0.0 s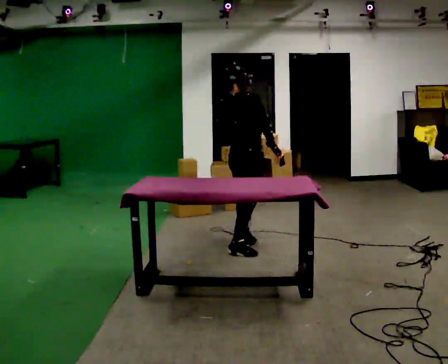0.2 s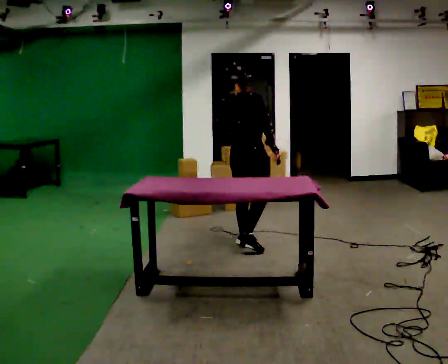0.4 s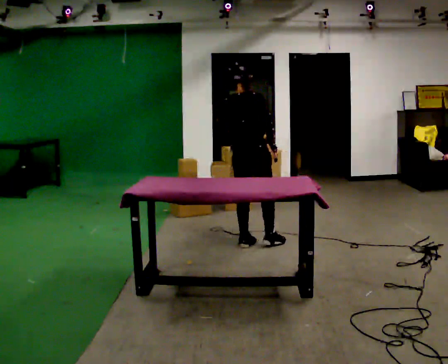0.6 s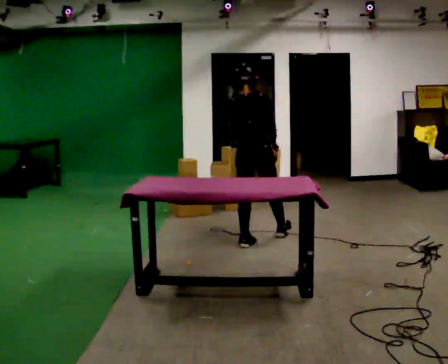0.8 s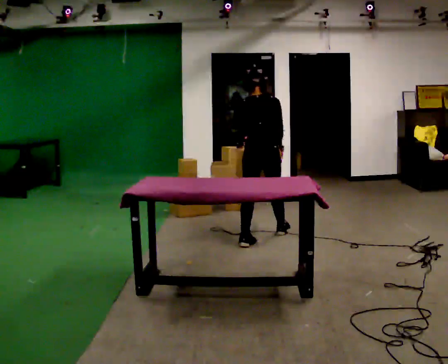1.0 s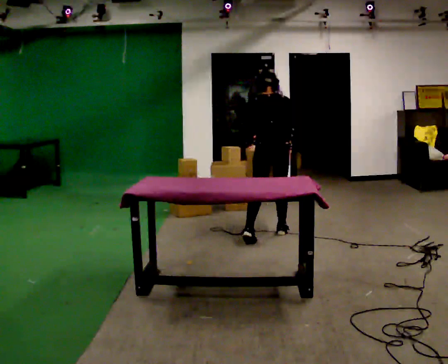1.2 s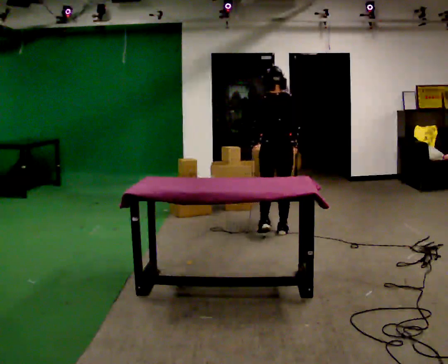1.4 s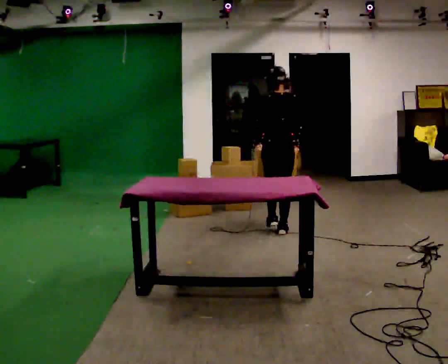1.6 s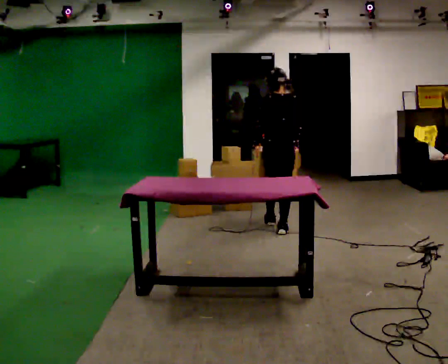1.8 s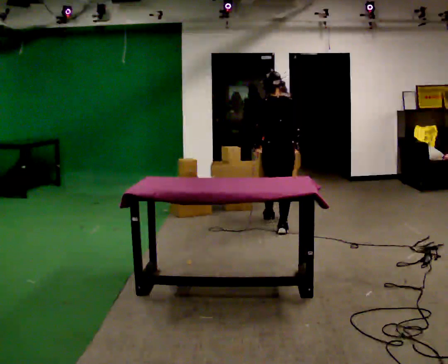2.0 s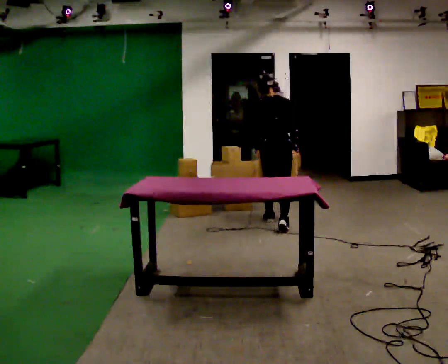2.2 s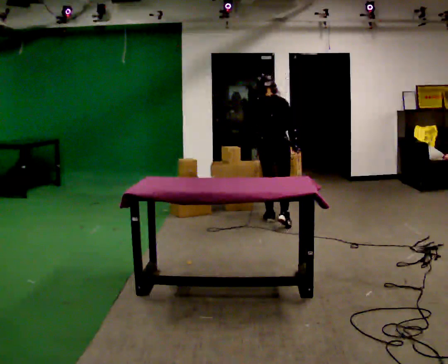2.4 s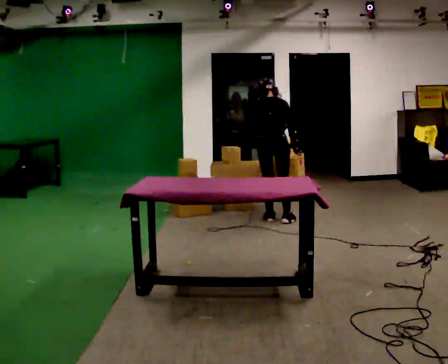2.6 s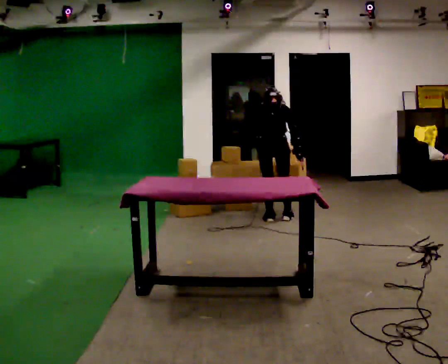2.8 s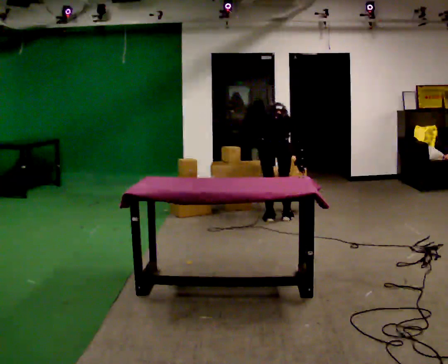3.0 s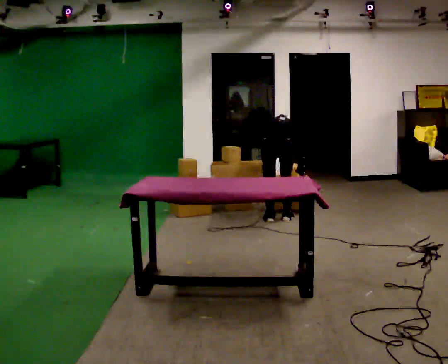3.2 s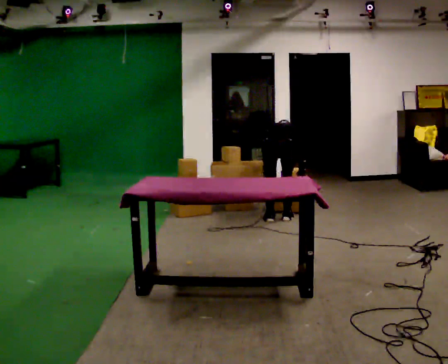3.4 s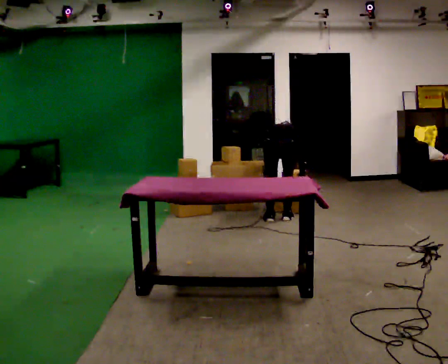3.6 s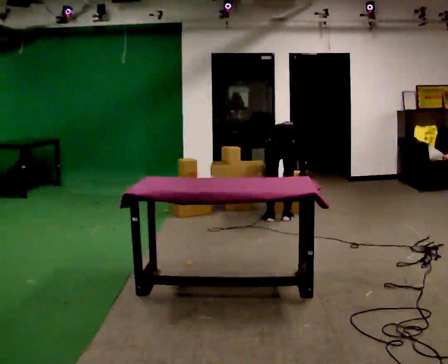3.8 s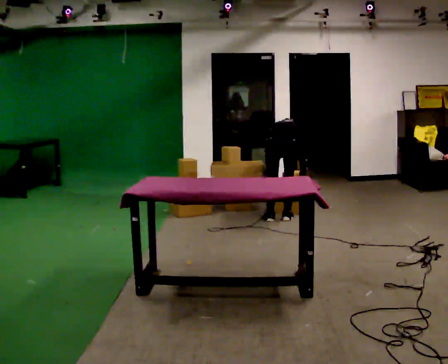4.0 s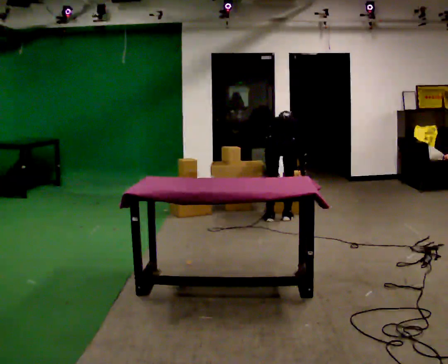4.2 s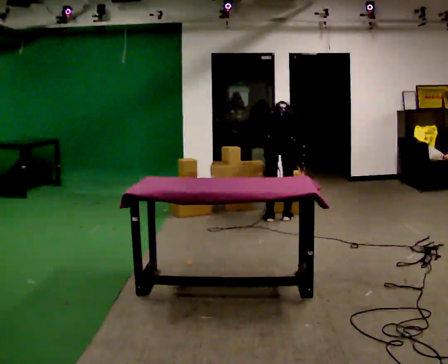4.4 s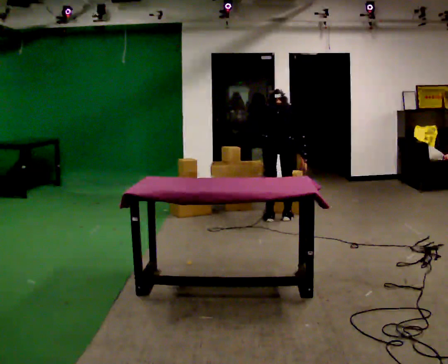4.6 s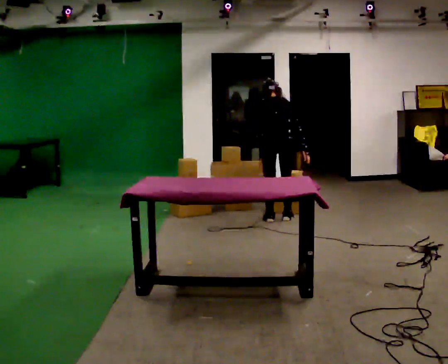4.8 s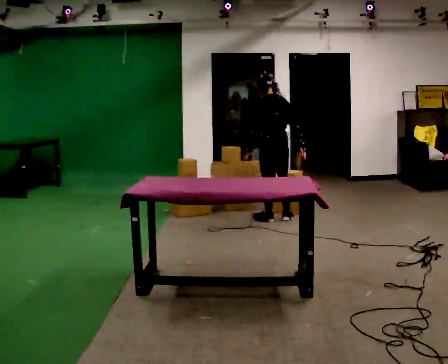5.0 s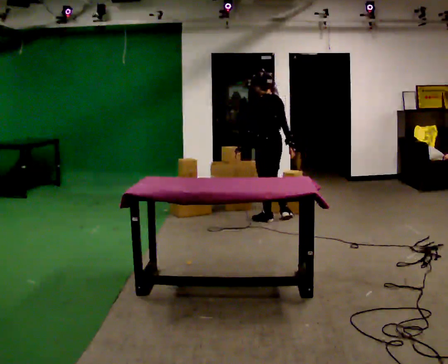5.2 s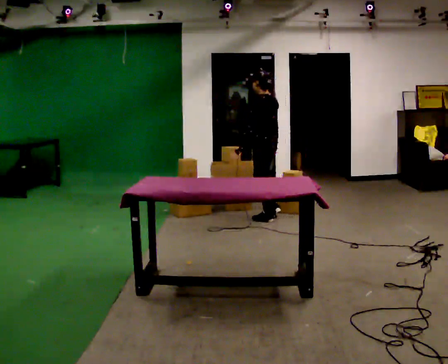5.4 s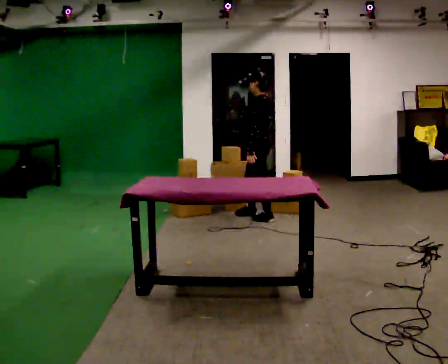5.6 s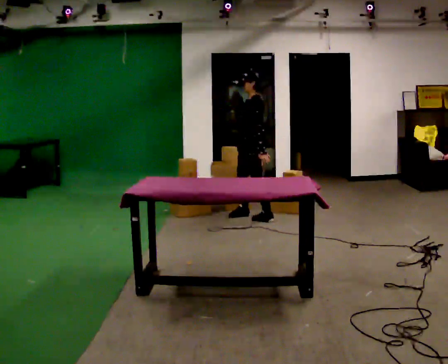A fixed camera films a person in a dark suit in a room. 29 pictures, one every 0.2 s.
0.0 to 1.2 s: The part of the body nearest the lens slides to the right as the person turns to their left by about 45 degrees. In the picture they go away from the camera and to the right, about 0.5 m in 1 step, which for them is forward.
1.2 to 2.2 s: In the picture they go away from the camera, about 0.5 m in 1 step, which for them is forward. The upper body tips away from the camera, its near side rolling upward, as they bend forward.
2.2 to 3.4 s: The upper body goes downward. The upper body tips away from the camera, its near side rolling upward, as they bend forward. In the picture their right hand goes downward.
3.4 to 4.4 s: The shoulders move upward. The upper body tips toward the camera, its near side rolling downward, as they lean back or straighten.
4.4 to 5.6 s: The part of the body nearest the lens slides to the right as the person turns to their left by about 120 degrees. In the picture they go to the left, about 0.25 m in 1 step. The upper body tips toward the camera, its near side rolling downward, as they lean back or straighten.
The film runs forward here.
